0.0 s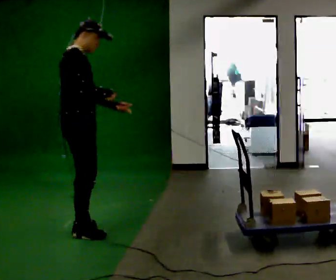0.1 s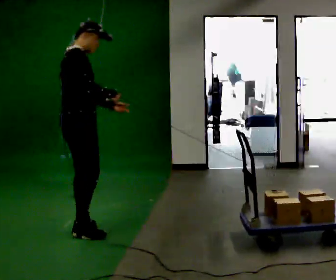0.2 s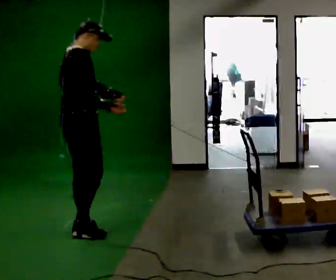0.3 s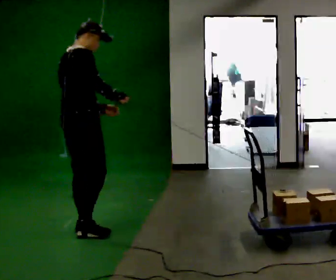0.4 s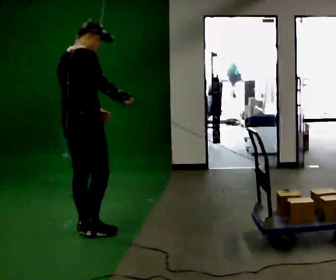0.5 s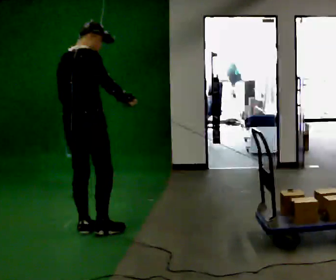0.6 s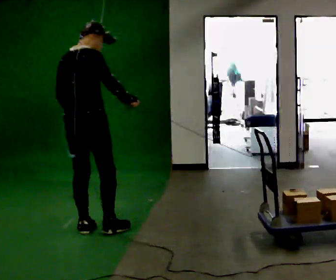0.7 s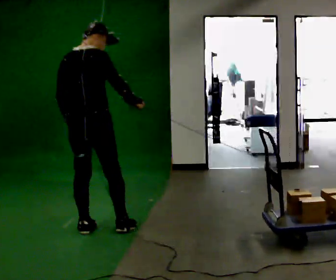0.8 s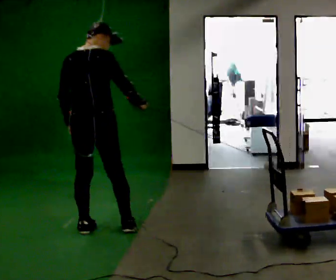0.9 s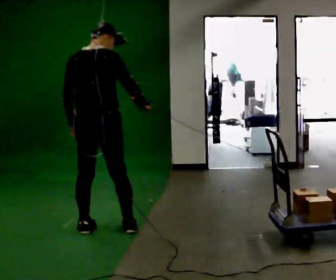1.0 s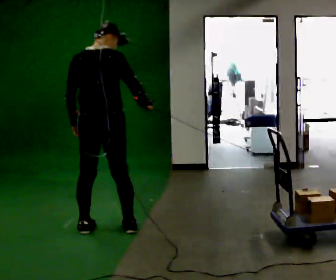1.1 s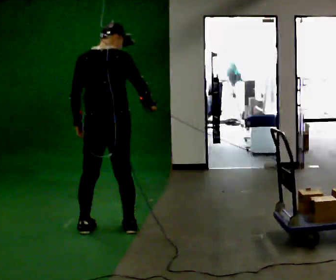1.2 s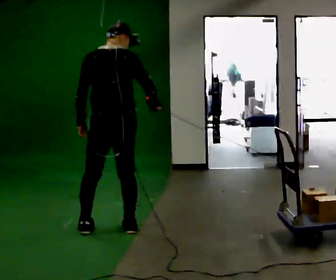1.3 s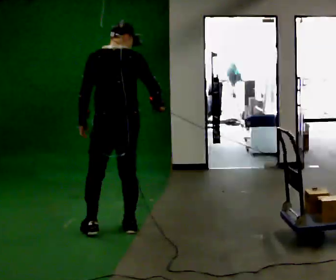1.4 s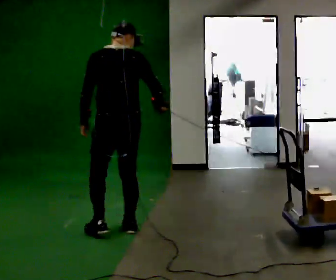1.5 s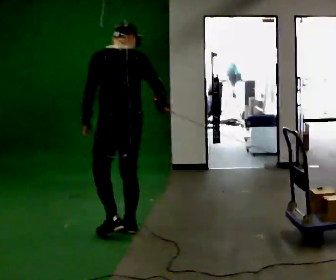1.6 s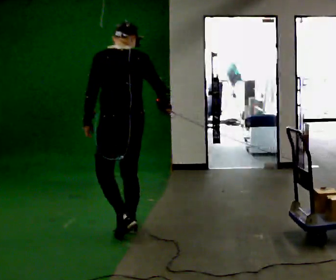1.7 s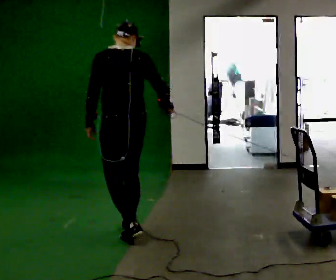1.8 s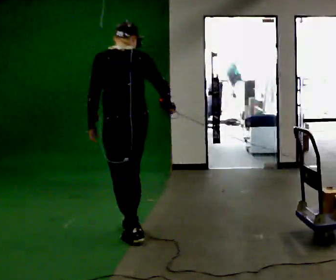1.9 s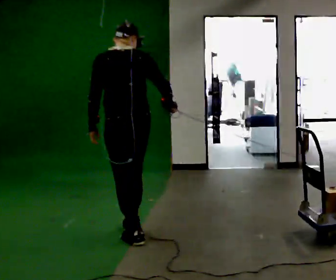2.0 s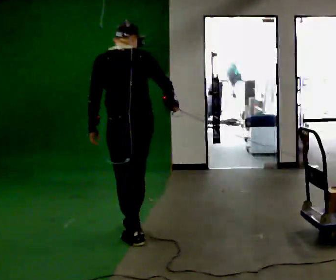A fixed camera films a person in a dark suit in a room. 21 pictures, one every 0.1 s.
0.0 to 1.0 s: The part of the body nearest the lens slides to the right as the person turns to their left by about 75 degrees. In the picture they go to the right, about 0.25 m in 1 step. In the picture their left hand goes to the left, the arm swinging clockwise.
1.0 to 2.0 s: In the picture they go to the right and toward the camera, about 0.25 m in 1 step, which for them is backward and to their right.
The film runs backward here.
